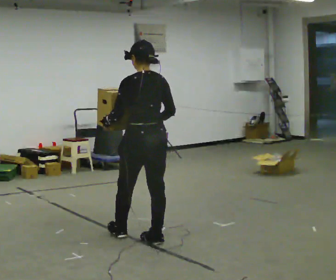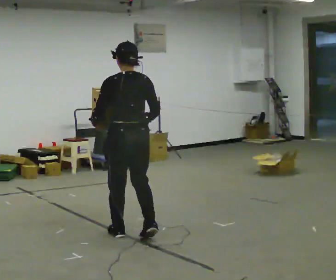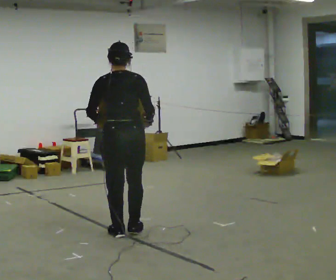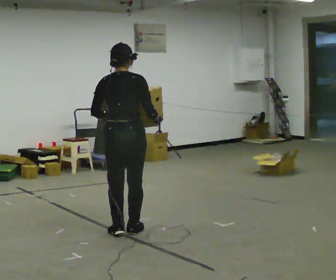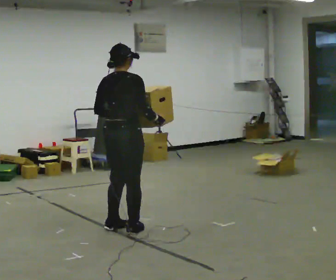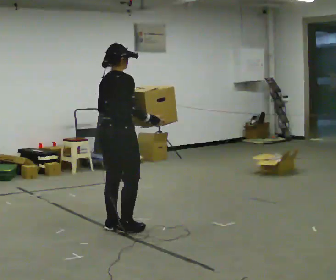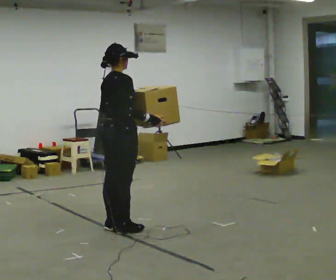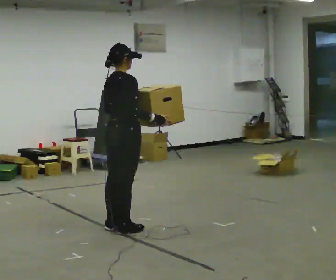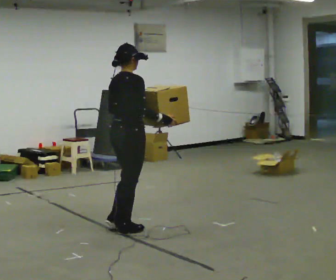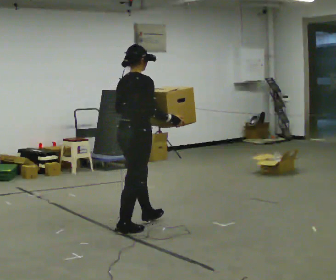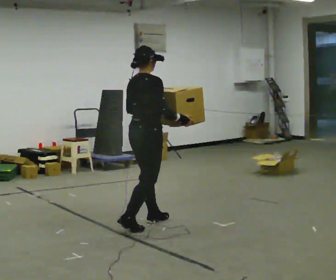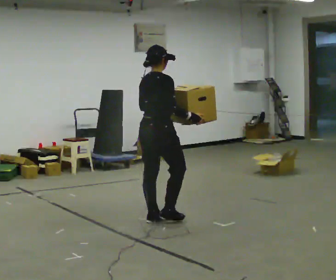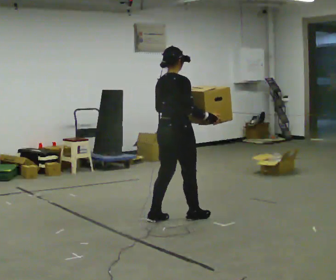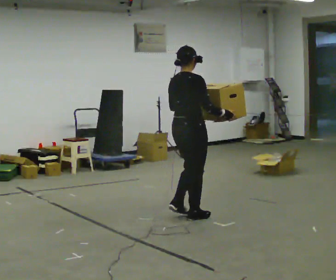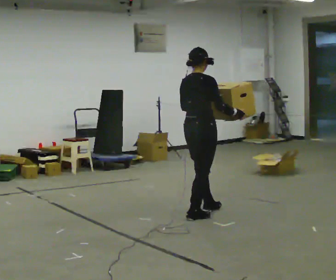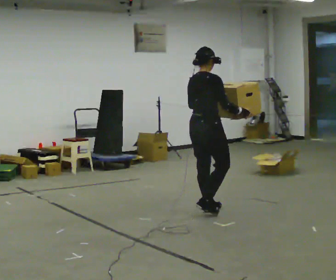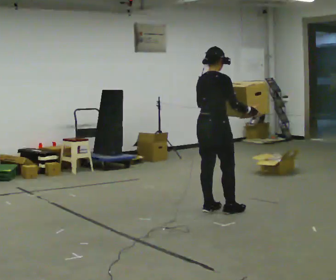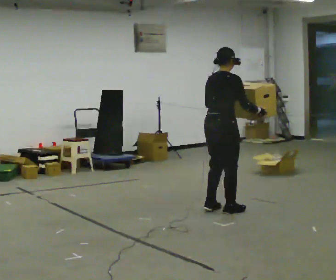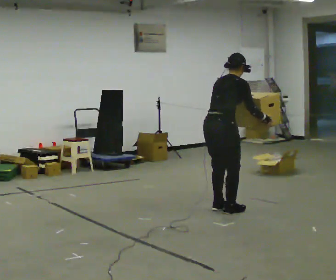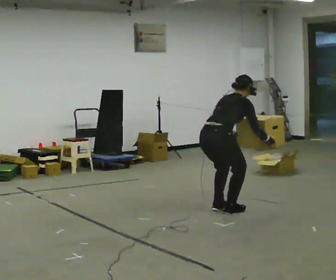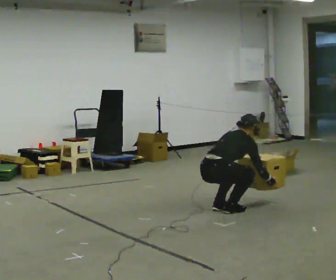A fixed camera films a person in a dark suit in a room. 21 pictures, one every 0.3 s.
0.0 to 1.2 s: Seen from above the body turns clockwise, about 60 degrees: to their right, with its near side sliding to the left. In the picture they go away from the camera and to the left, about 0.25 m in 3 steps.
1.2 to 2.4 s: The person moves a little, or ends about where they began.
2.4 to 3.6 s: In the picture they go to the right and away from the camera, about 0.5 m in 2 steps, which for them is forward.
3.6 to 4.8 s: In the picture they go to the right and away from the camera, about 0.5 m in 2 steps, which for them is forward.
4.8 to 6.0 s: The upper body goes downward. In the picture the upper body tilts clockwise, shoulders to the right, as they bend forward. In the picture their left hand goes downward.
The film runs forward here.
